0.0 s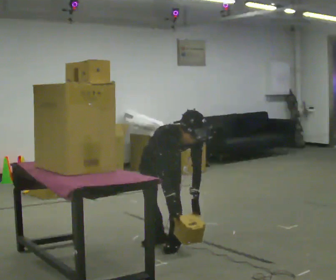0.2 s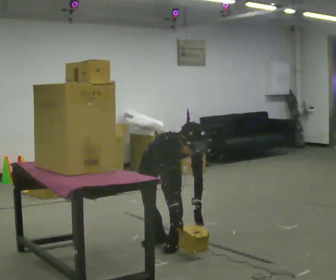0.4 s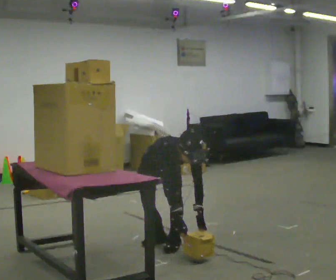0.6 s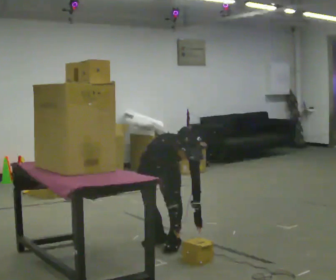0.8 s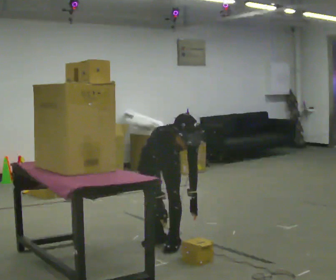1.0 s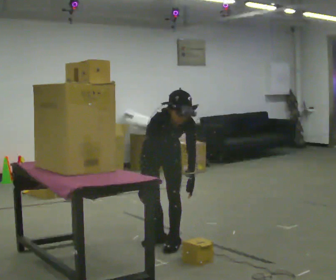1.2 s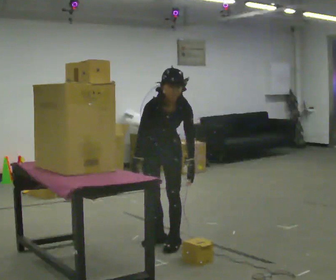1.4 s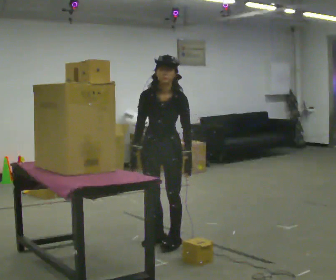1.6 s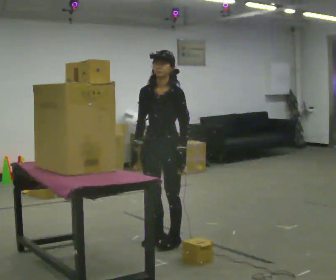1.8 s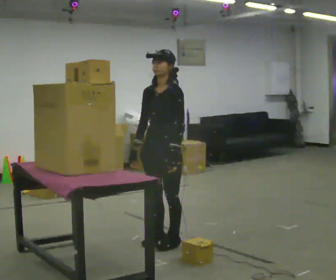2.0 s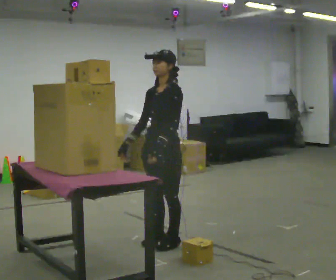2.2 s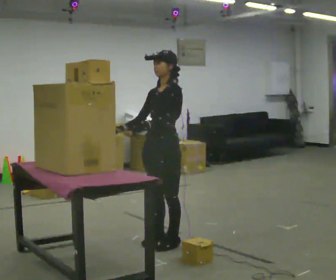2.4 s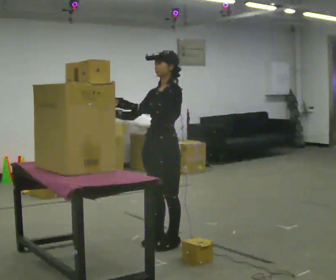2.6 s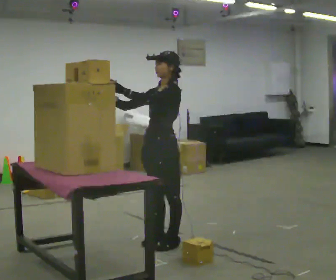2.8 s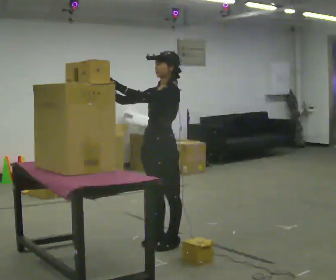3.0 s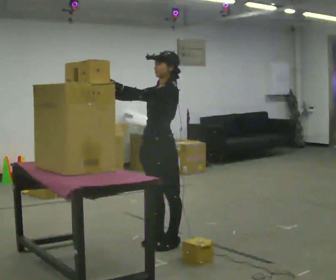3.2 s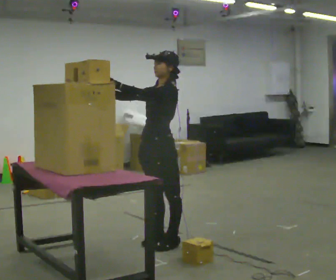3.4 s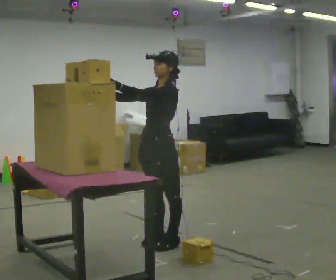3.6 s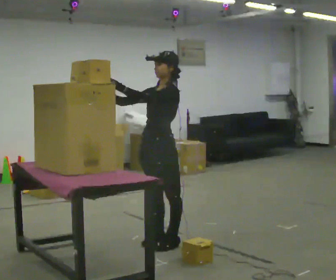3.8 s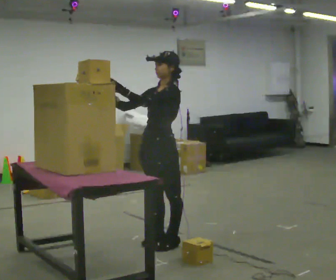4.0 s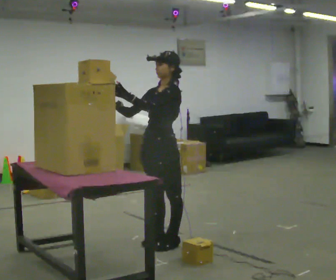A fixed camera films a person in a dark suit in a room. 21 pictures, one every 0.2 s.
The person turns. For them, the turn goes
to their right.
The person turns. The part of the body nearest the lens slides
to the left.
0.0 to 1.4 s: The person turns about 30 degrees to their right, clockwise seen from above, so the part of the body nearest the lens slides to the left. The upper body tips away from the camera, its near side rolling upward, as they lean back or straighten. In the picture their right hand goes upward.
1.4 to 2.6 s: Seen from above the body turns clockwise, about 45 degrees: to their right, with its near side sliding to the left. The upper body tips away from the camera, its near side rolling upward, as they lean back or straighten. In the picture their left hand goes upward and to the left.
2.6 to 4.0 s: The person moves a little, or ends about where they began.
The film runs forward here.
